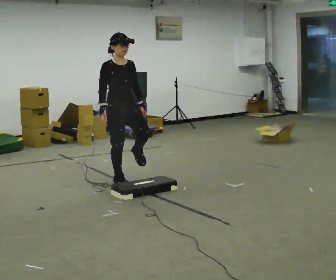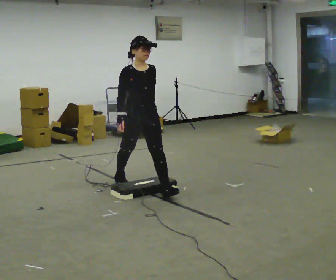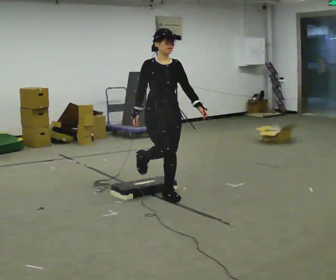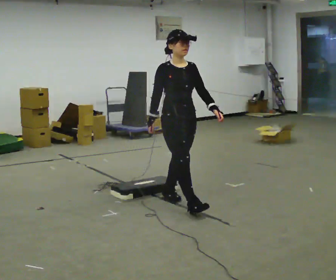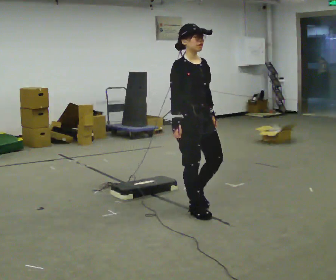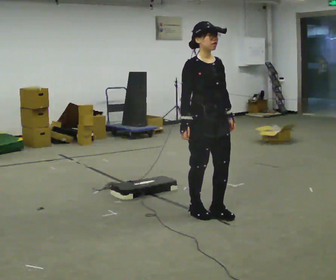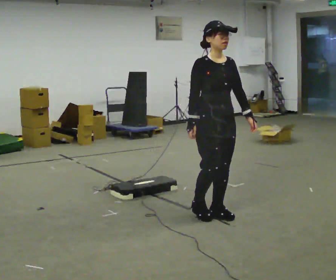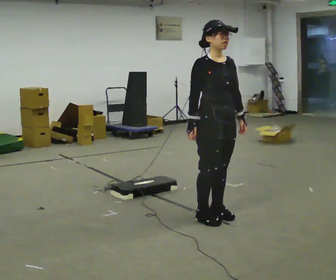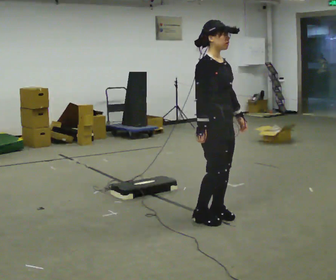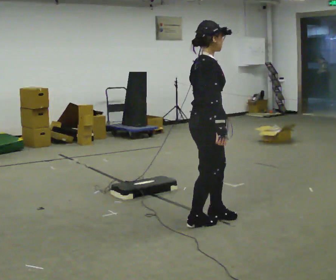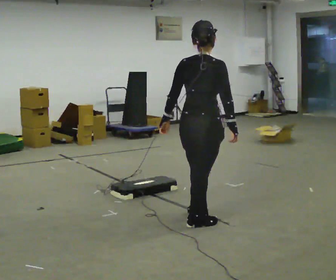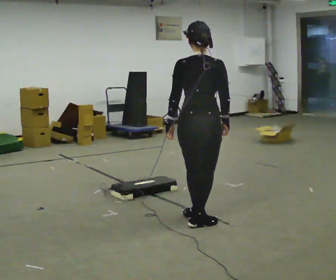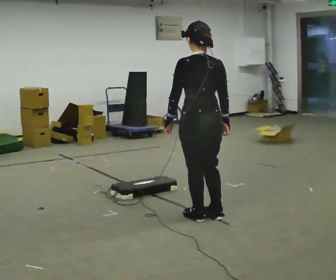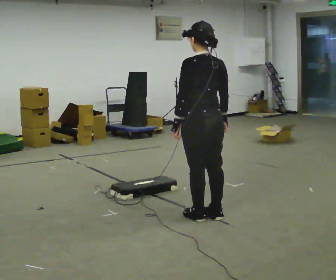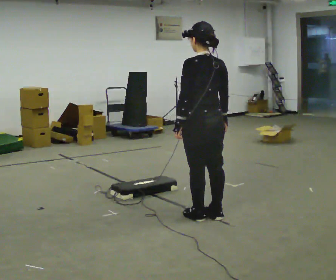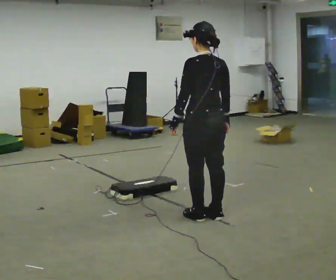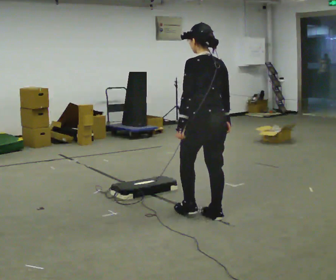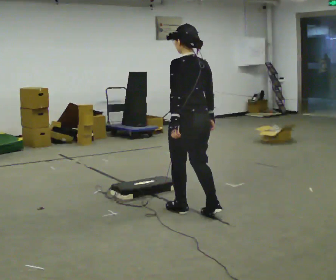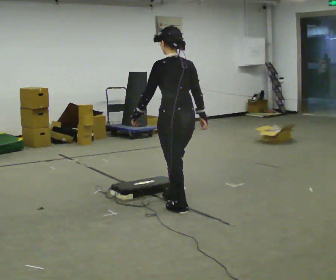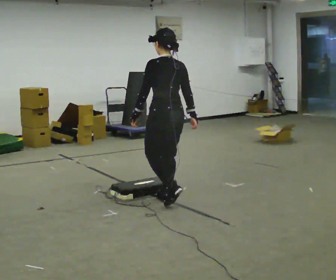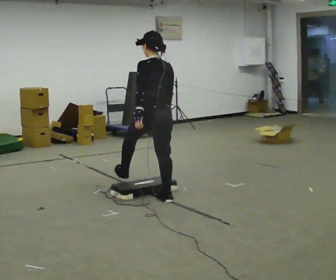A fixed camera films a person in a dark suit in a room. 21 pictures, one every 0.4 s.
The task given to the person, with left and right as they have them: Walk toward low obstacle; step over without stopping; continue.
0.0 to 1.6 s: In the picture they go toward the camera and to the right, about 1 m in 2 steps, which for them is forward.
1.6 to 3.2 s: The part of the body nearest the lens slides to the right as the person turns to their left by about 45 degrees. In the picture they go toward the camera, about 0.25 m in 2 steps, which for them is forward.
3.2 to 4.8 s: Seen from above the body turns counterclockwise, about 120 degrees: to their left, with its near side sliding to the right. In the picture their left hand goes to the left, the arm swinging clockwise.
4.8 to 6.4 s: The person moves a little, or ends about where they began.
6.4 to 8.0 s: In the picture they go away from the camera and to the left, about 1 m in 2 steps, which for them is forward.
The film runs forward here.
